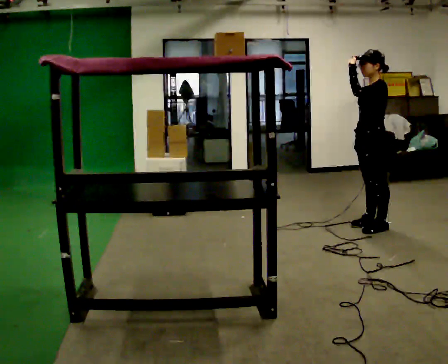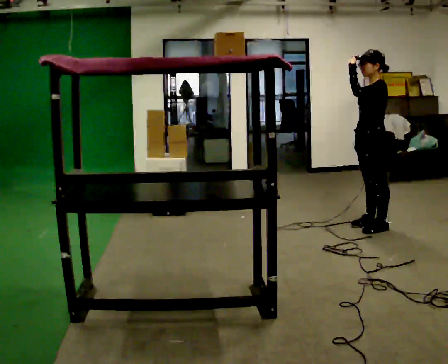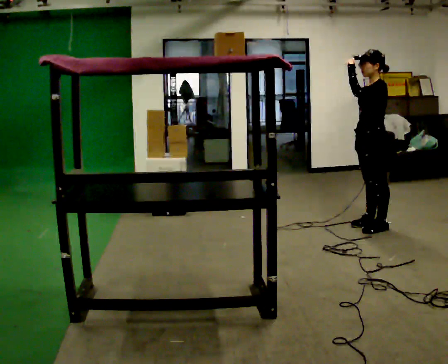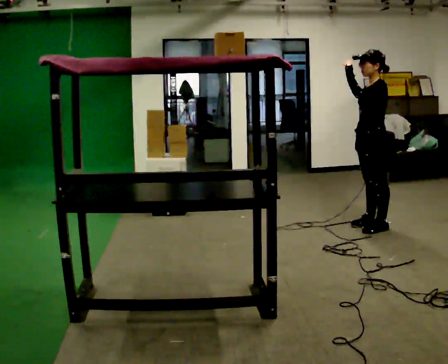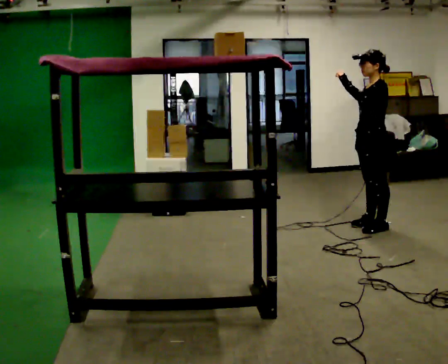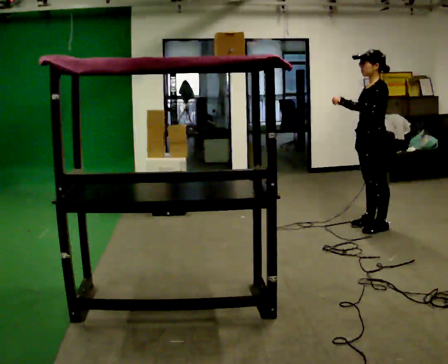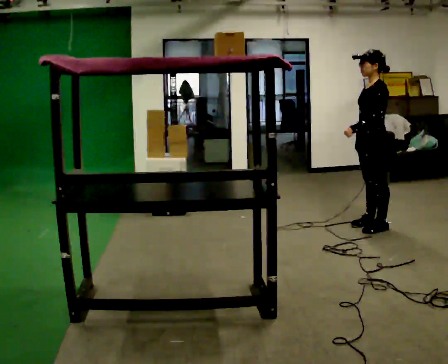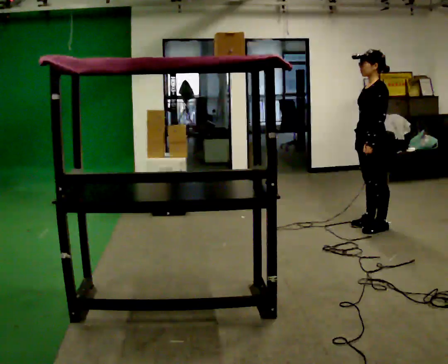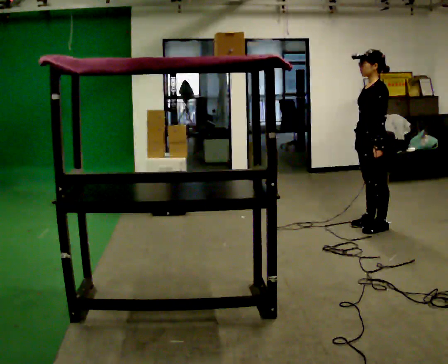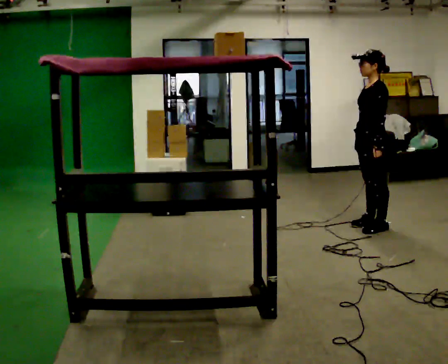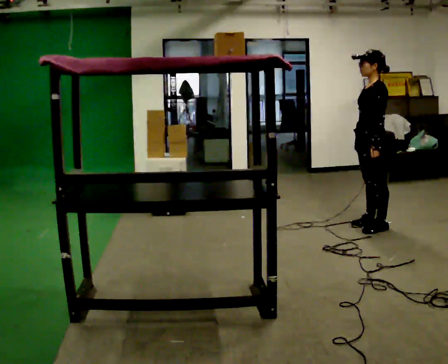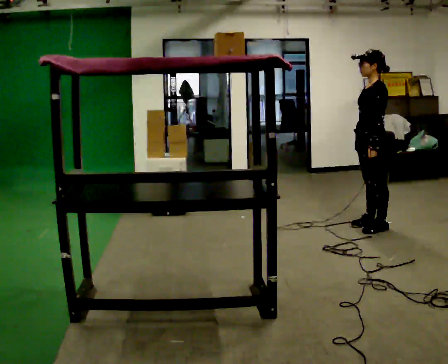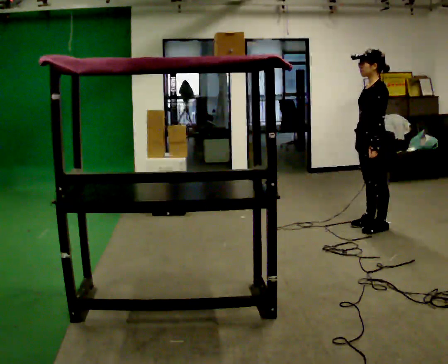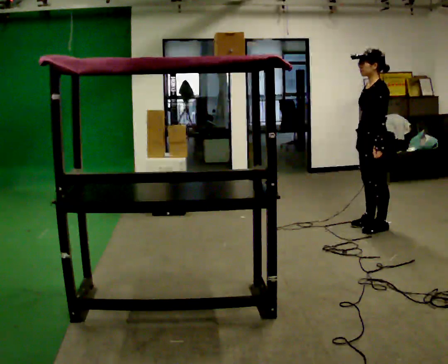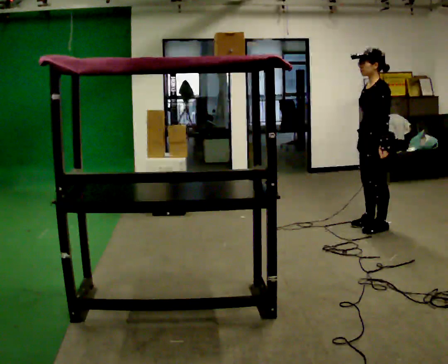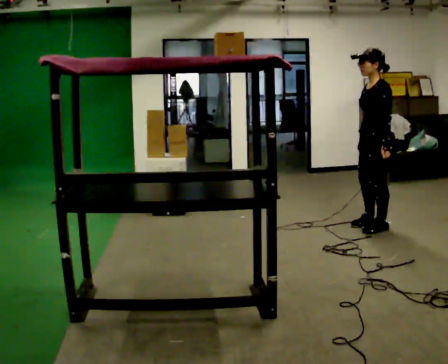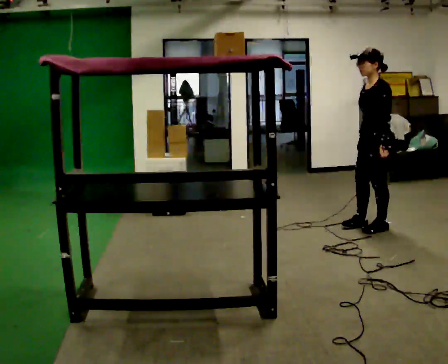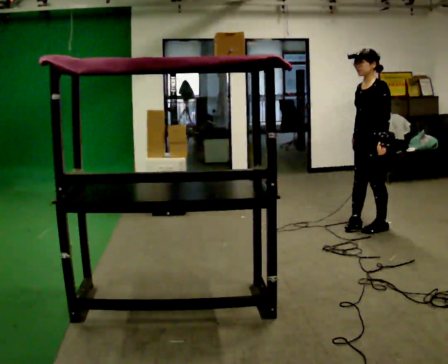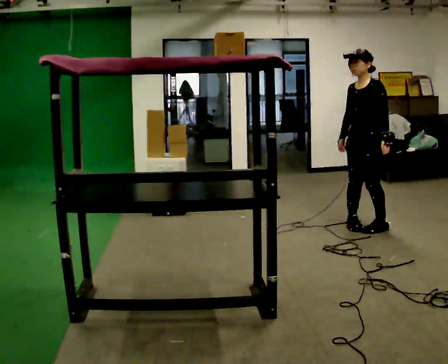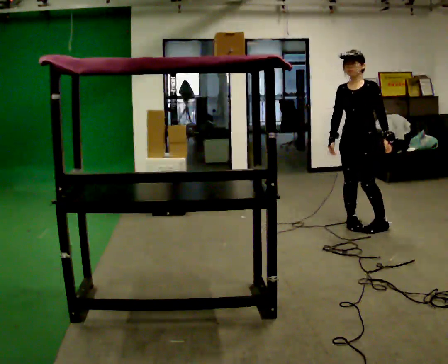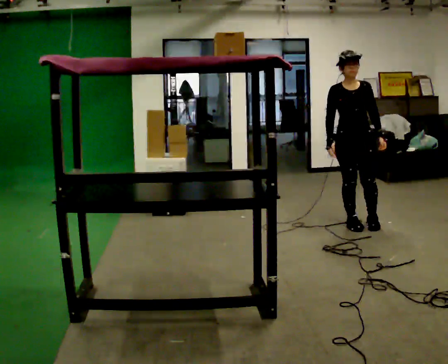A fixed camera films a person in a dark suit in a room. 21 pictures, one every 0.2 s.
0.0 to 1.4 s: In the picture their left hand goes downward.
1.4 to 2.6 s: The person moves a little, or ends about where they began.
2.6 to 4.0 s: The person turns about 75 degrees to their left, counterclockwise seen from above, so the part of the body nearest the lens slides to the right. In the picture they go to the left, about 0.25 m in 2 steps.
The film runs backward here.
